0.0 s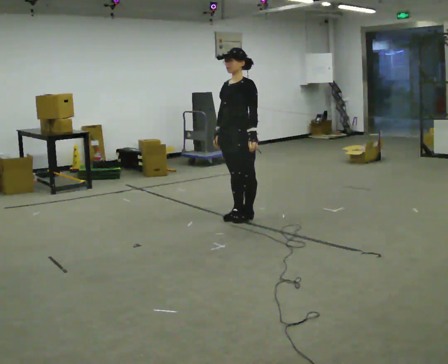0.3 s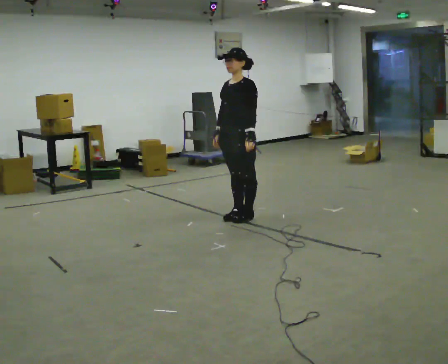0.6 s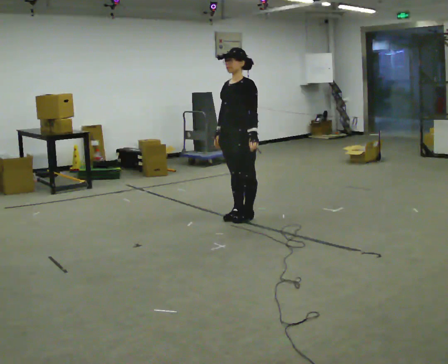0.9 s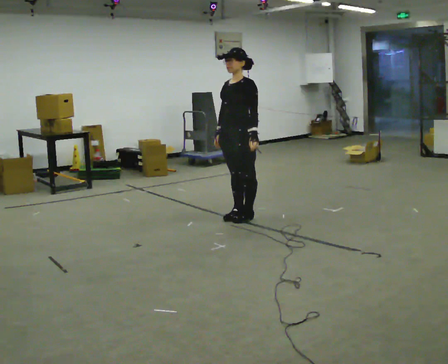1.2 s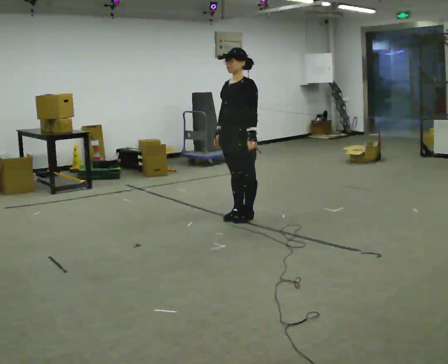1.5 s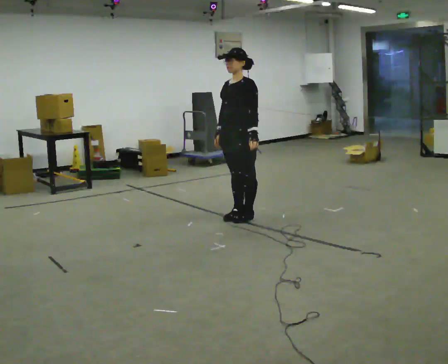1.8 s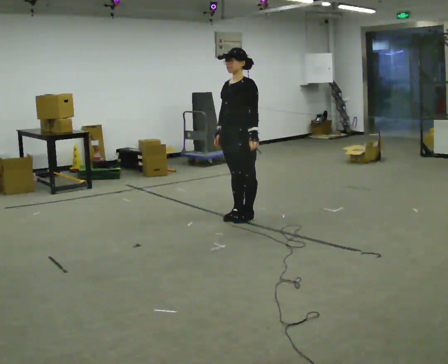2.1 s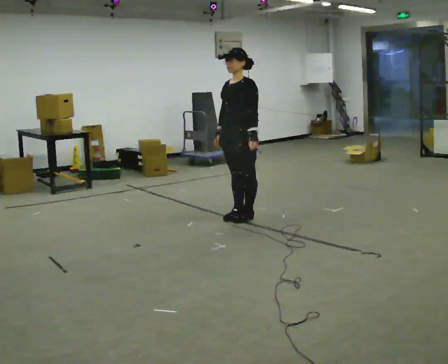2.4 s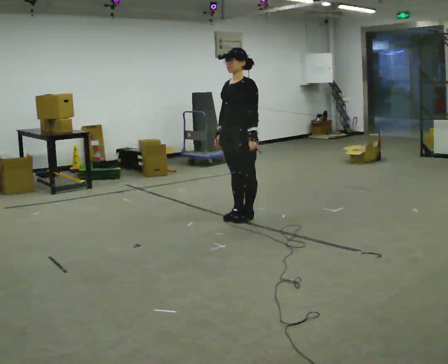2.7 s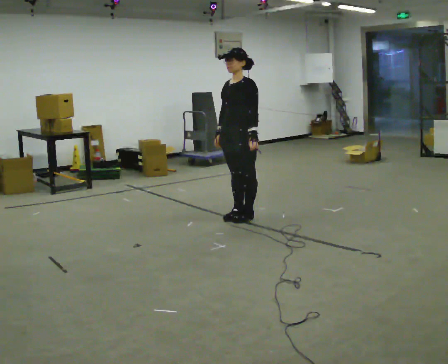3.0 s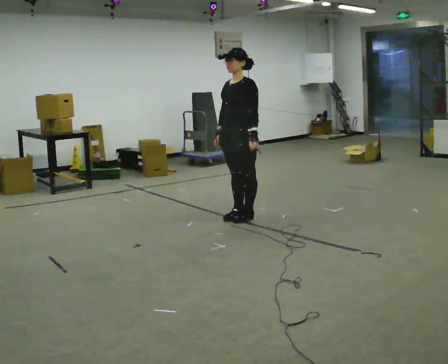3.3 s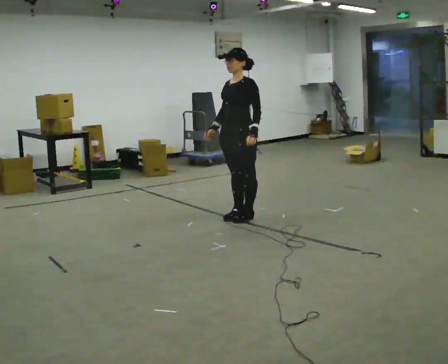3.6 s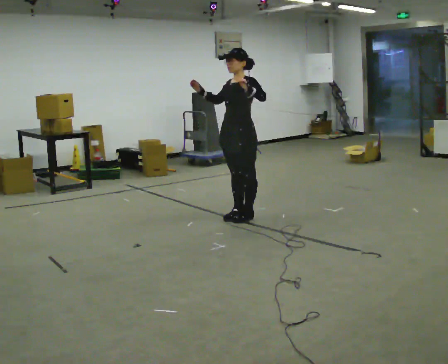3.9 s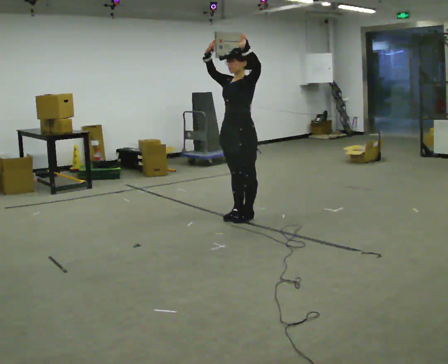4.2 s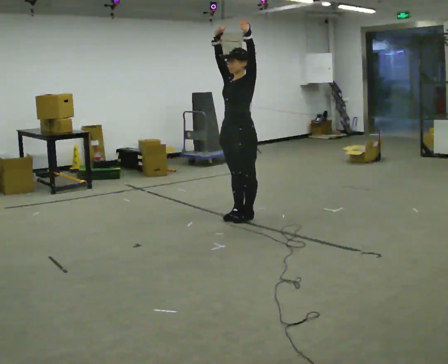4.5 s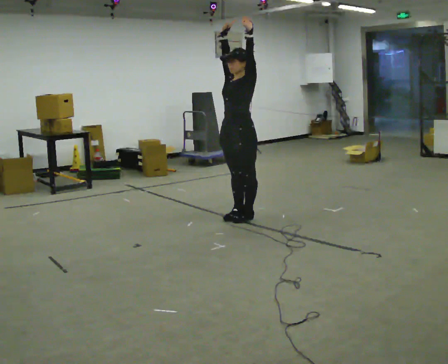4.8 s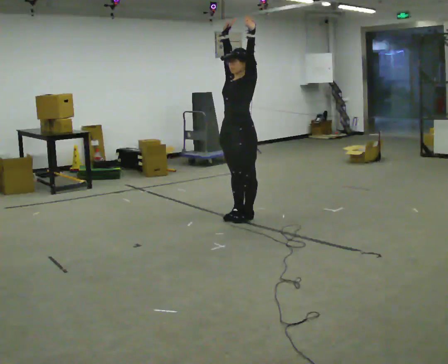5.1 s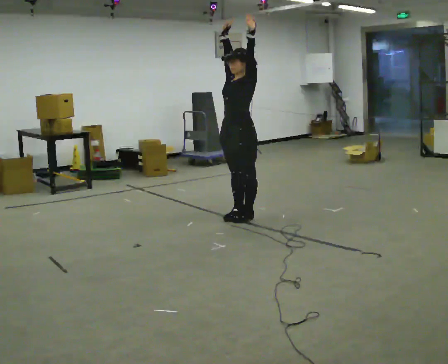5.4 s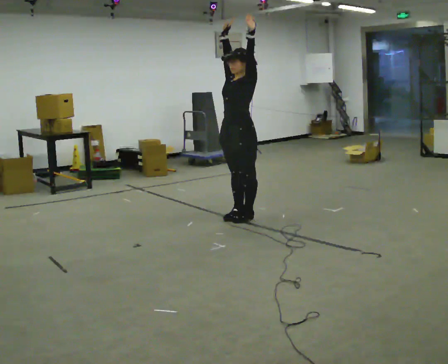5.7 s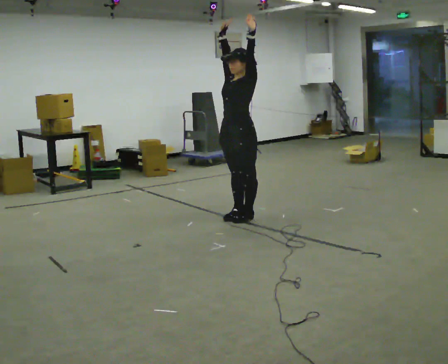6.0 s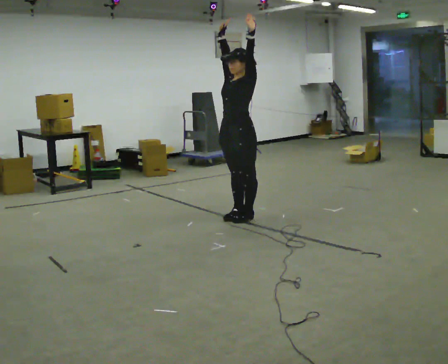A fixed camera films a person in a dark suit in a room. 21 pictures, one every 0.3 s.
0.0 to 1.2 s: The person moves a little, or ends about where they began.
1.2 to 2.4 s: The person keeps their place and pose.
2.4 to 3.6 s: In the picture their right hand goes upward, the arm swinging clockwise.
3.6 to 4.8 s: In the picture their right hand goes upward, the arm swinging clockwise.
4.8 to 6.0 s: The person keeps their place and pose.
The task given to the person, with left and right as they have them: Keeping your feet still, reach both arms up overhead as high as is comfortable, then lower them. Repeat the movement at your own pace until the operator says stop; do not rush.
The film runs forward here.
